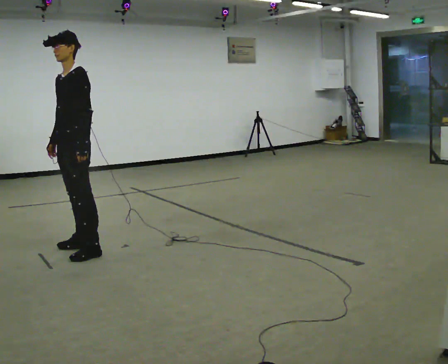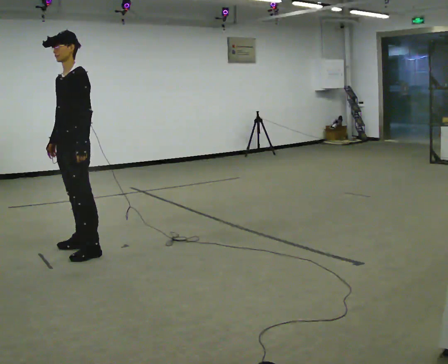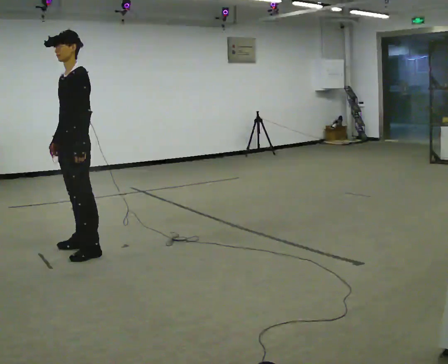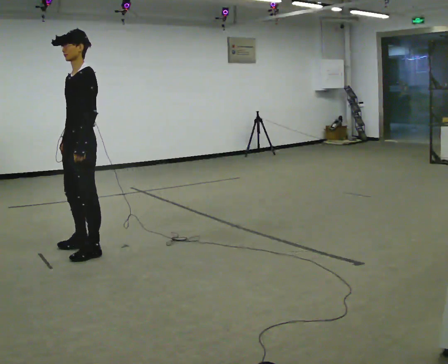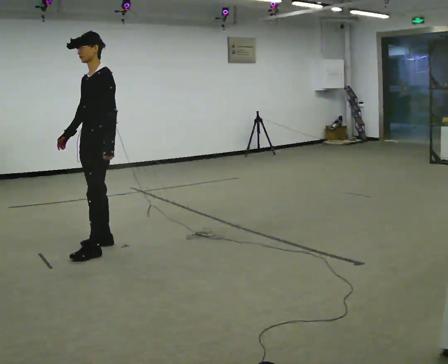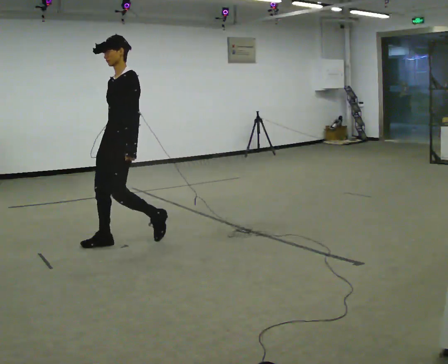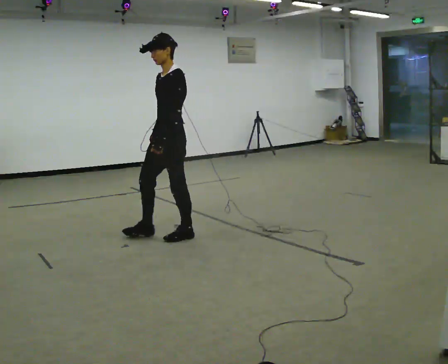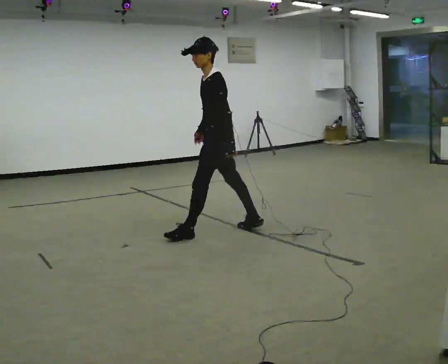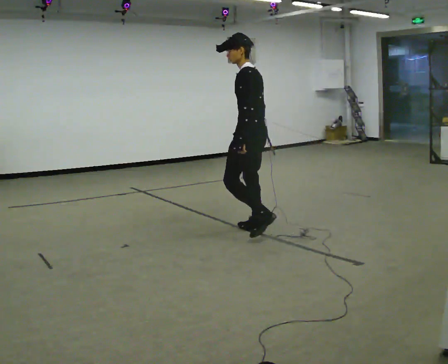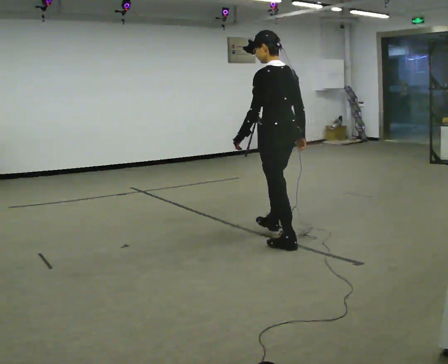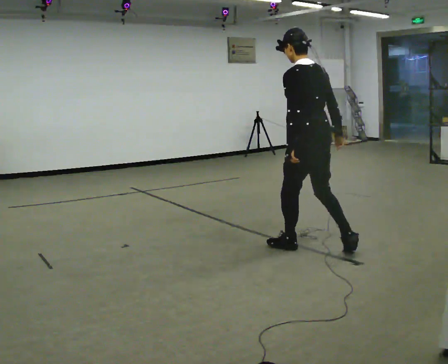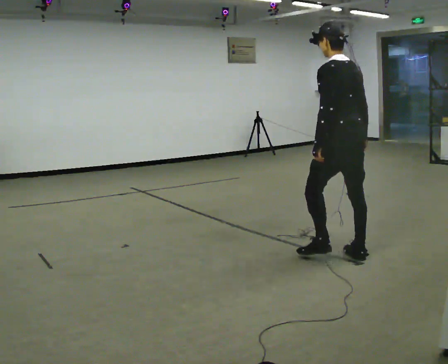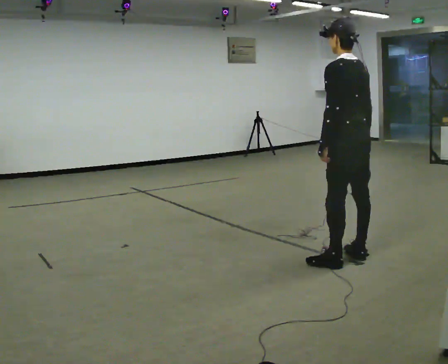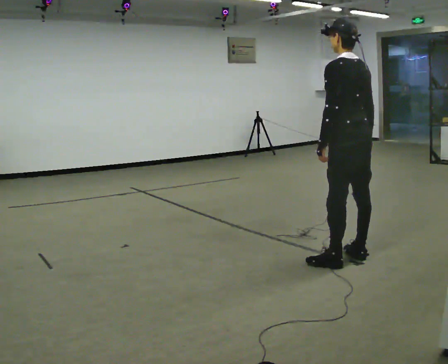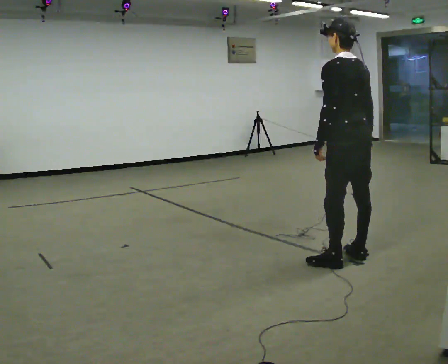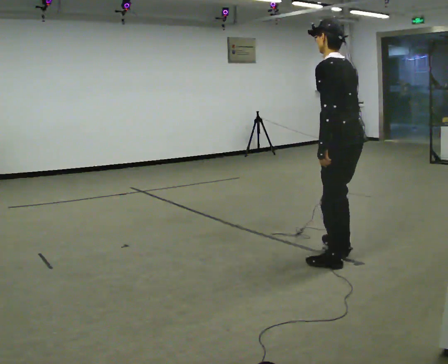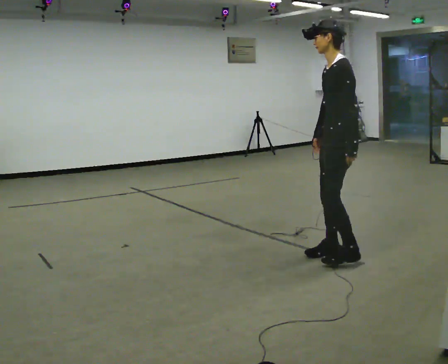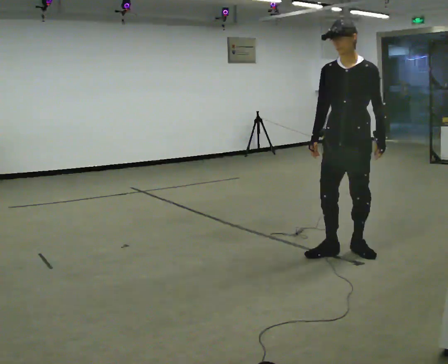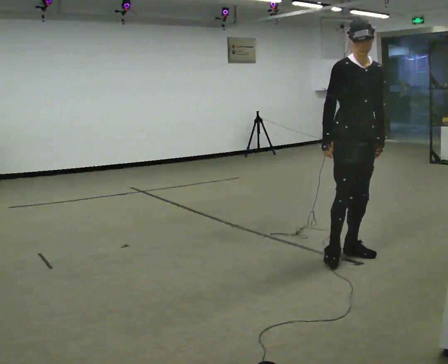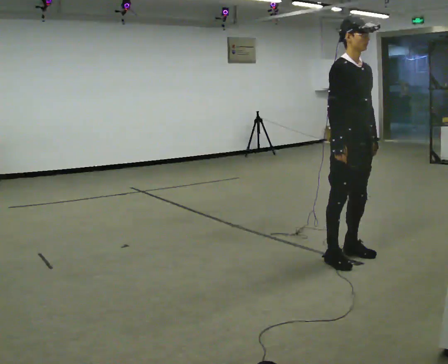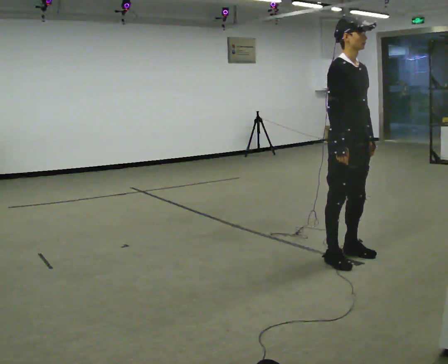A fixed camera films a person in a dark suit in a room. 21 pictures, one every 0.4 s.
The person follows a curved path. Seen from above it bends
clockwise.
The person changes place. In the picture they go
to the right.
0.0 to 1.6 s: In the picture they go to the right, about 0.25 m in 1 step, which for them is backward.
1.6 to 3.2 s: Seen from above the body turns clockwise, about 60 degrees: to their right, with its near side sliding to the left. In the picture they go to the right and away from the camera, about 1.5 m in 3 steps, which for them is backward.
3.2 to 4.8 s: The person turns about 30 degrees to their right, clockwise seen from above, so the part of the body nearest the lens slides to the left. In the picture they go to the right and toward the camera, about 1 m in 2 steps, which for them is backward.
4.8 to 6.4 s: The part of the body nearest the lens slides to the right as the person turns to their left by about 45 degrees. In the picture their right hand goes to the left.
6.4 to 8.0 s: Seen from above the body turns counterclockwise, about 135 degrees: to their left, with its near side sliding to the right.
The film runs backward here.
